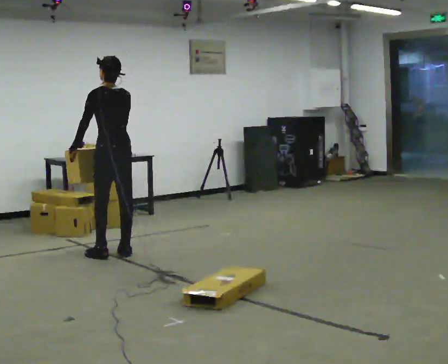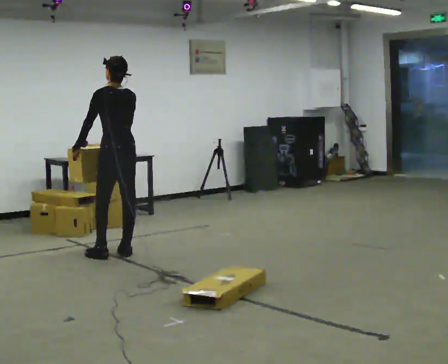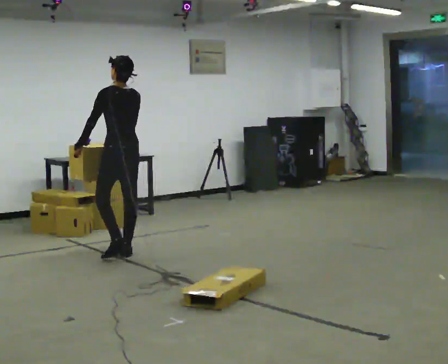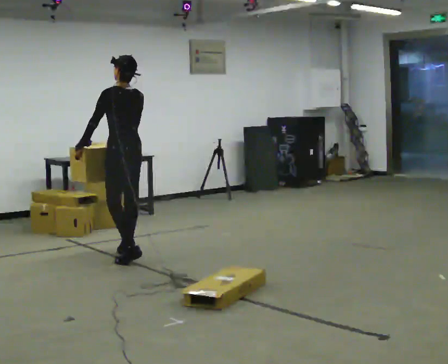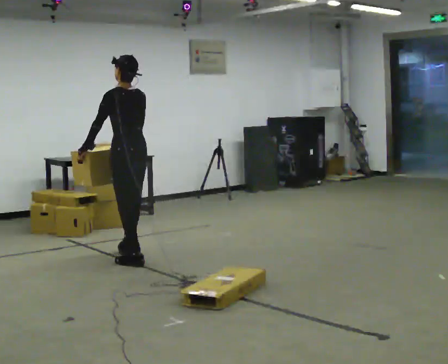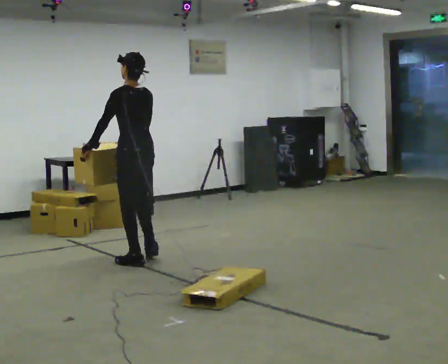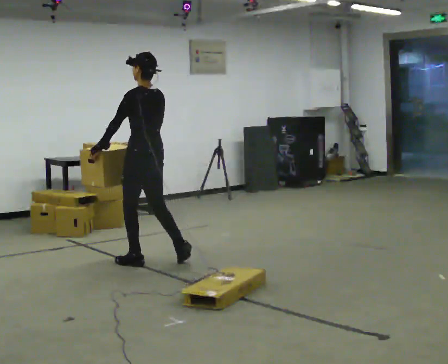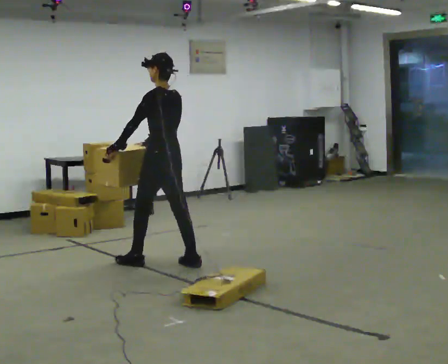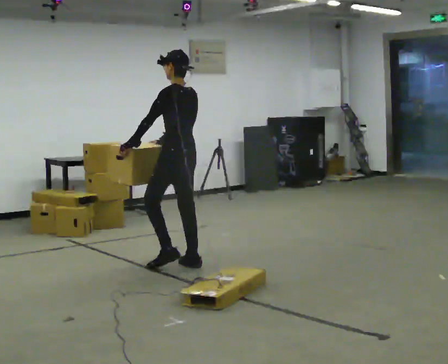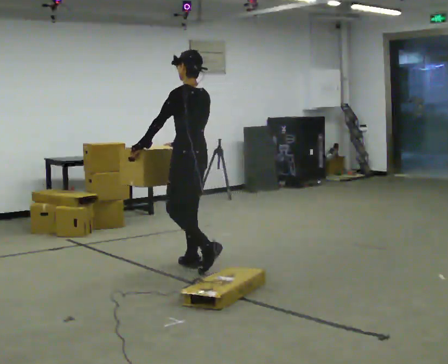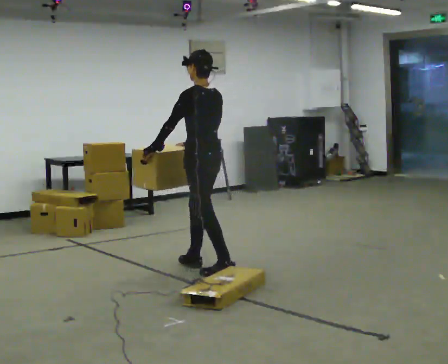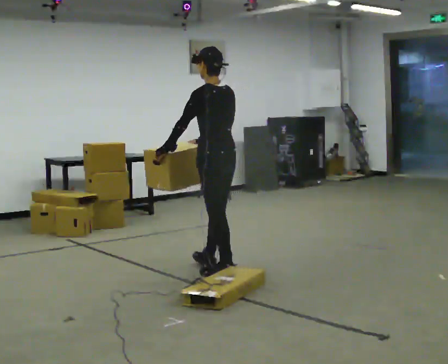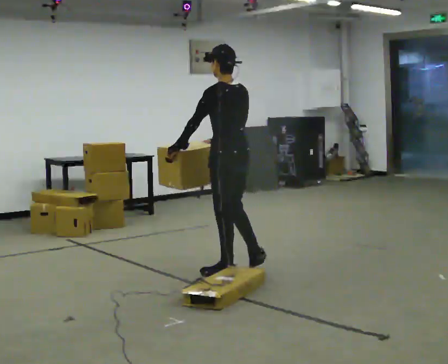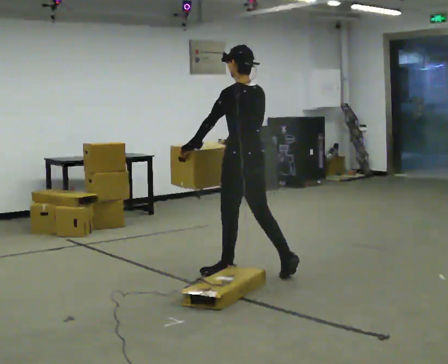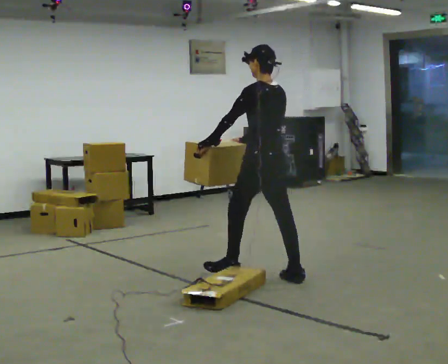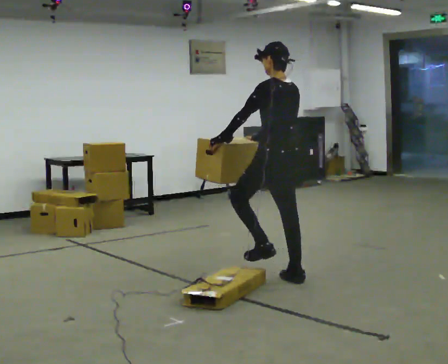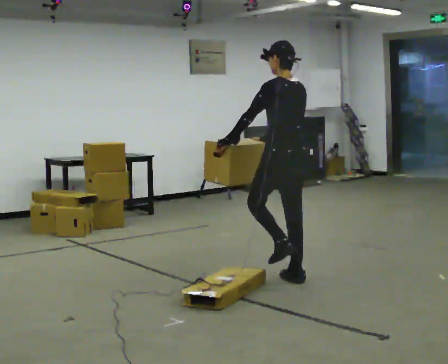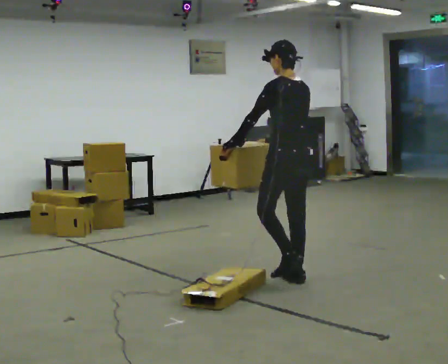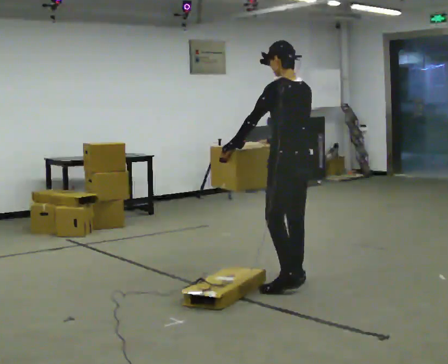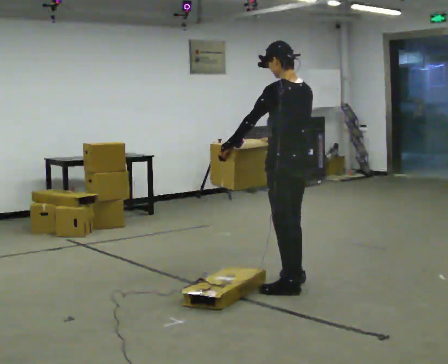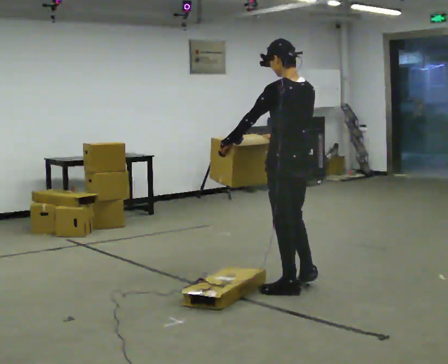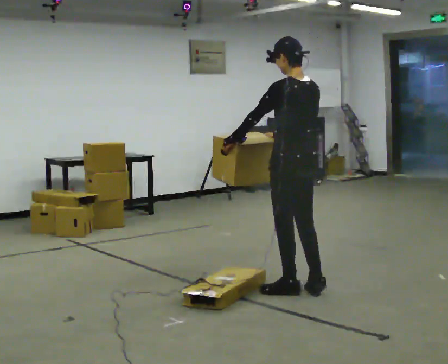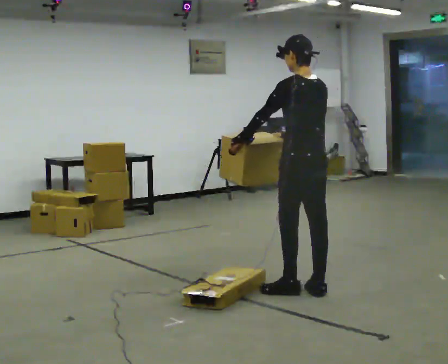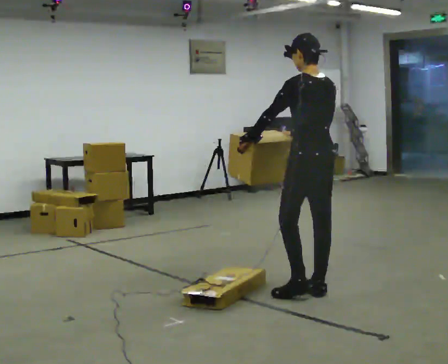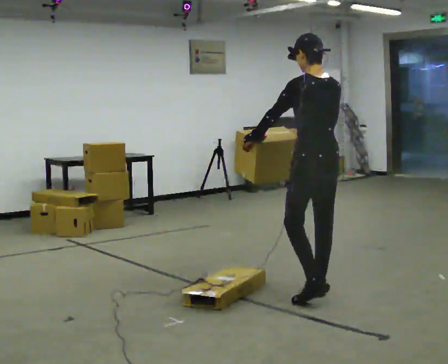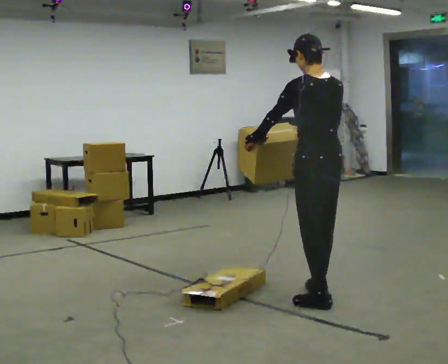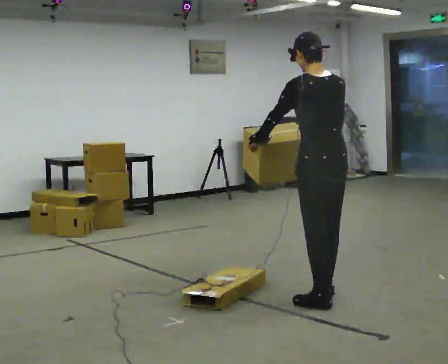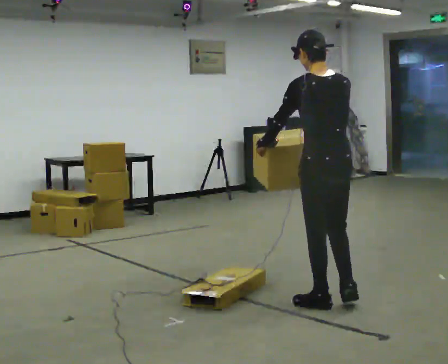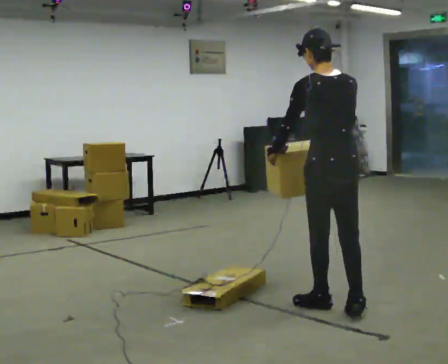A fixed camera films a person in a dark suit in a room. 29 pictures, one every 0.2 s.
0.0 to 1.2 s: In the picture they go to the right and toward the camera, about 0.5 m in 2 steps, which for them is backward.
1.2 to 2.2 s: In the picture they go to the right and toward the camera, about 0.75 m in 2 steps, which for them is backward.
2.2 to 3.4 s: In the picture they go to the right and toward the camera, about 0.5 m in 1 step, which for them is backward.
3.4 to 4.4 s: In the picture they go toward the camera, about 0.25 m in 1 step, which for them is backward and to their left.
4.4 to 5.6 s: In the picture they go toward the camera and to the right, about 0.5 m in 2 steps, which for them is backward.
The film runs backward here.
